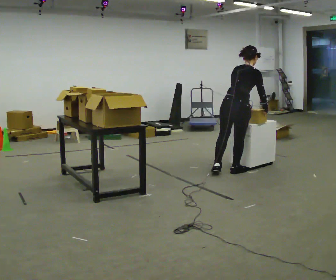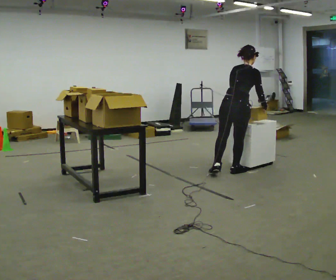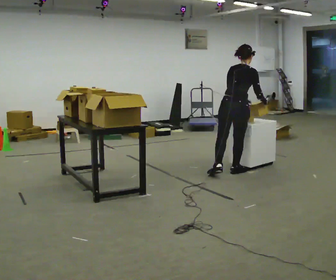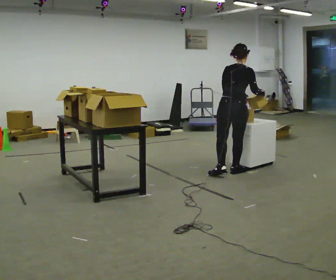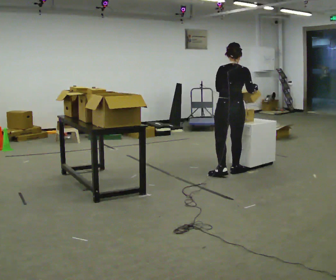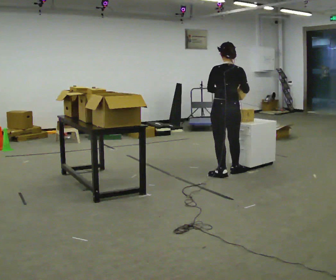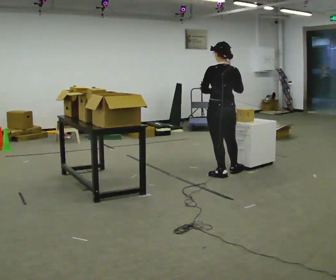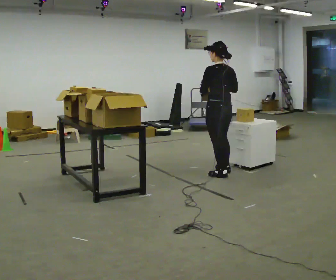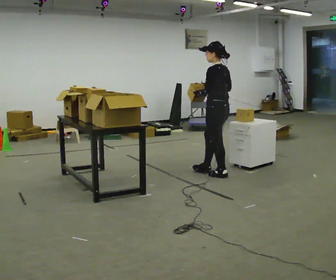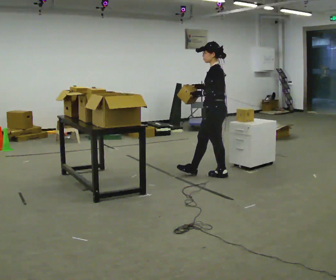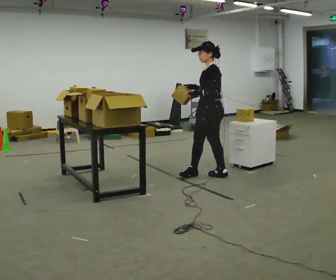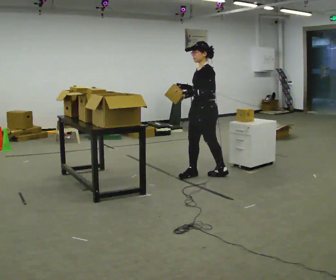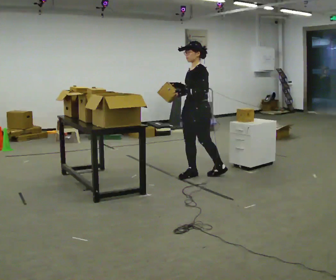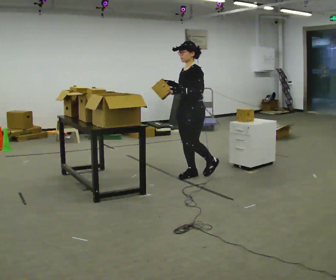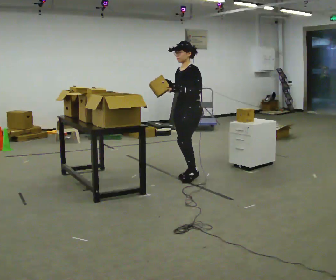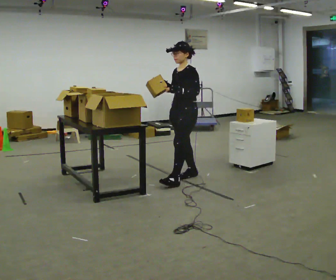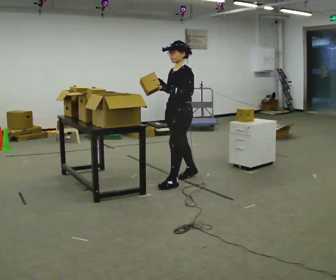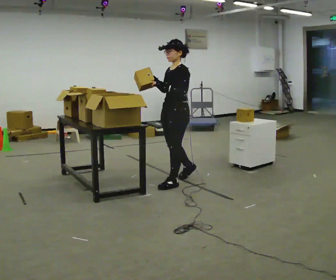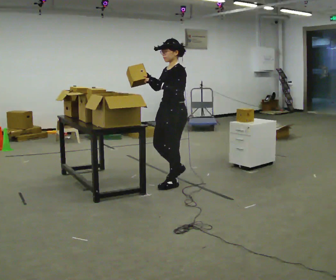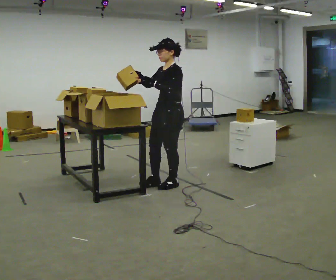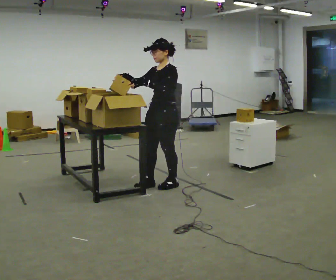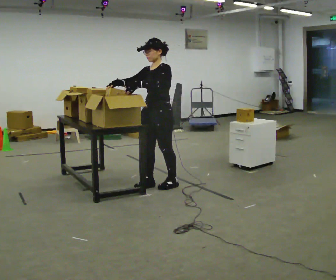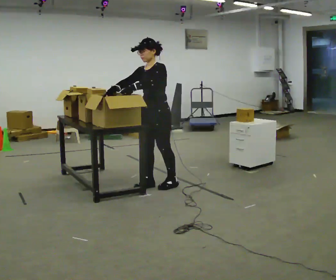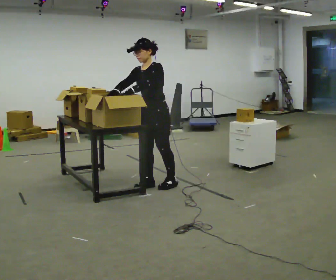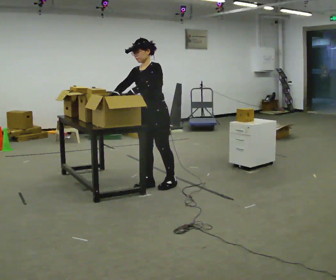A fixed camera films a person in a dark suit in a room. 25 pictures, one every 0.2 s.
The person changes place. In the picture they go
to the left.
The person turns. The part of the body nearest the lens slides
to the right.
0.0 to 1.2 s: The person turns about 45 degrees to their left, counterclockwise seen from above, so the part of the body nearest the lens slides to the right. In the picture they go to the left, about 0.25 m in 1 step, which for them is backward and to their left. In the picture the upper body tilts counterclockwise, shoulders to the left, as they lean back or straighten. In the picture their right hand goes to the left.
1.2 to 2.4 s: The part of the body nearest the lens slides to the right as the person turns to their left by about 105 degrees. In the picture they go to the left, about 0.25 m in 1 step.
2.4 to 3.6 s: In the picture they go toward the camera and to the left, about 0.5 m in 1 step, which for them is forward.
3.6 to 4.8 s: The part of the body nearest the lens slides to the right as the person turns to their left by about 30 degrees. In the picture they go to the left, about 0.25 m in 1 step, which for them is forward and to their right. In the picture their right hand goes to the left.
The film runs forward here.
